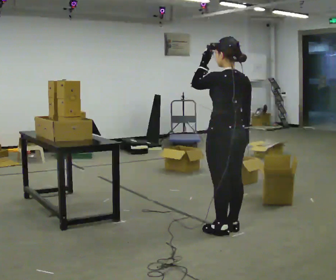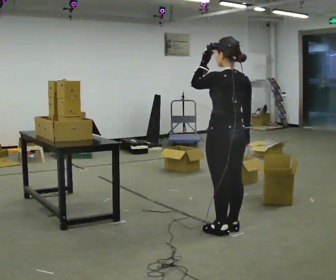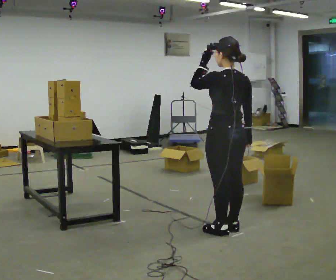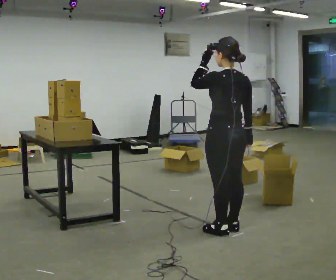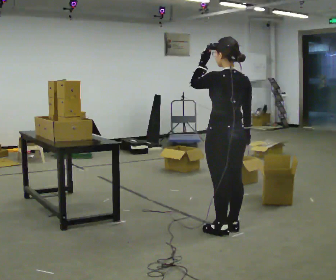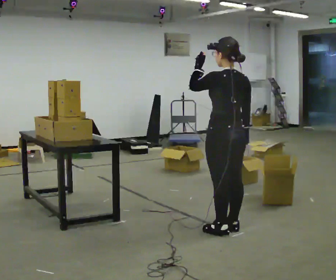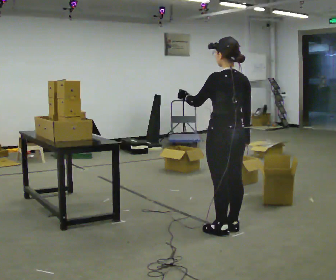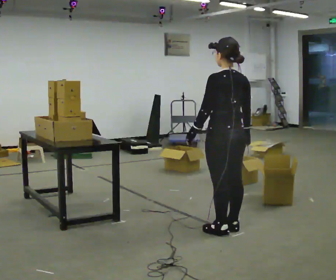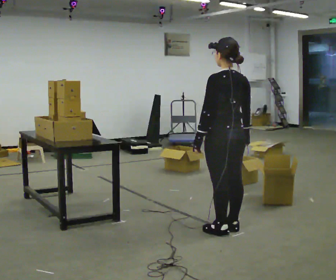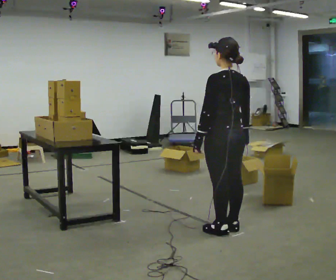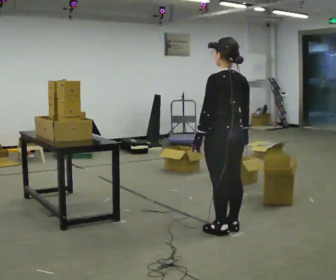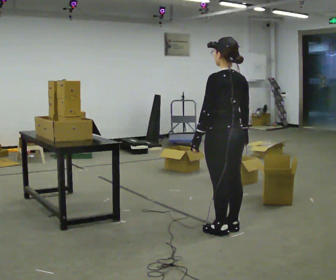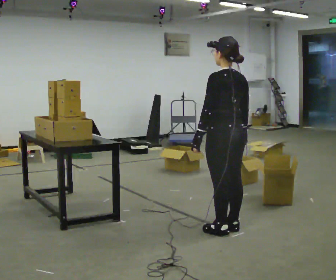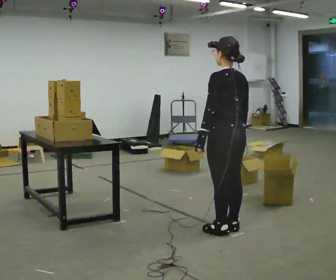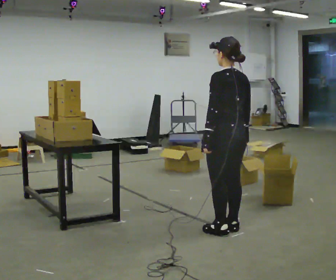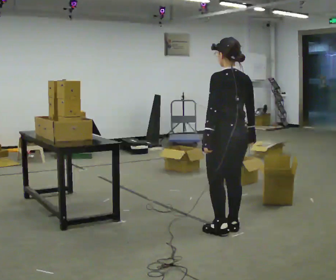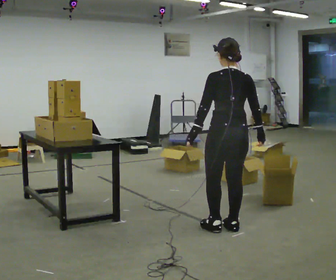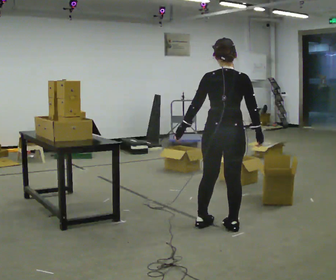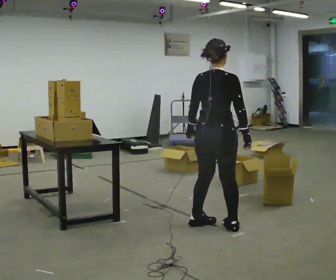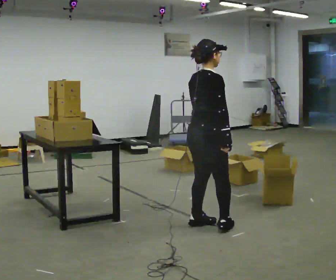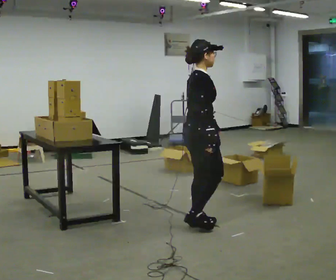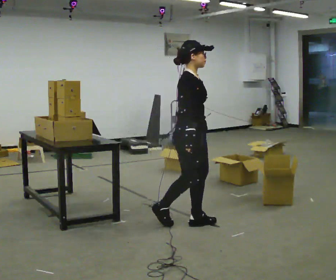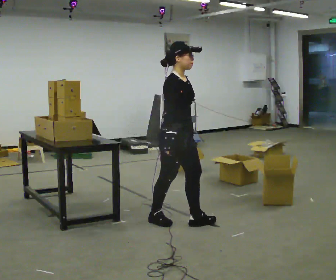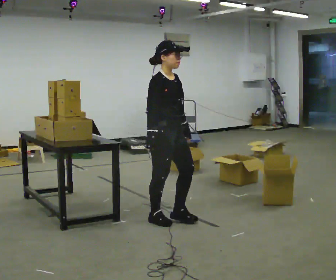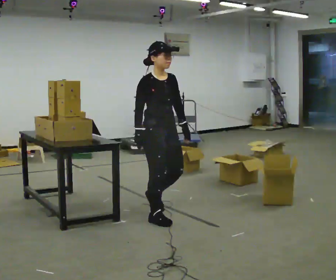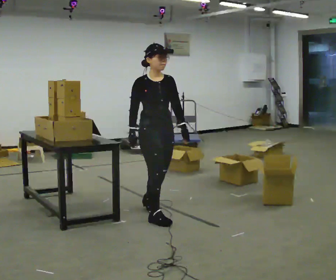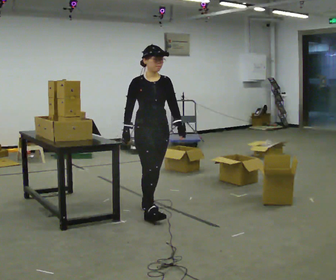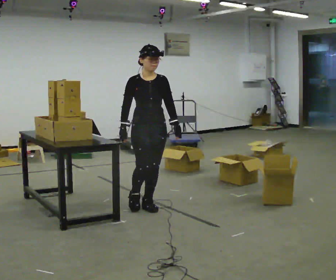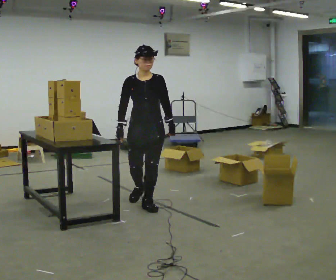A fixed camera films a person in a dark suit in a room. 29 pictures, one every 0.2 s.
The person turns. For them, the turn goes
to their right.
The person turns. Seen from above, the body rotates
clockwise.
0.0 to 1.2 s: The person moves a little, or ends about where they began.
1.2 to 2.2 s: In the picture their left hand goes downward, the arm swinging counterclockwise.
2.2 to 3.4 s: The part of the body nearest the lens slides to the left as the person turns to their right by about 45 degrees.
3.4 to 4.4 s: The person turns about 105 degrees to their right, clockwise seen from above, so the part of the body nearest the lens slides to the left. In the picture they go to the left, about 0.5 m in 1 step.
4.4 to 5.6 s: Seen from above the body turns clockwise, about 60 degrees: to their right, with its near side sliding to the left. In the picture they go away from the camera and to the left, about 0.5 m in 2 steps, which for them is backward.
The film runs backward here.
